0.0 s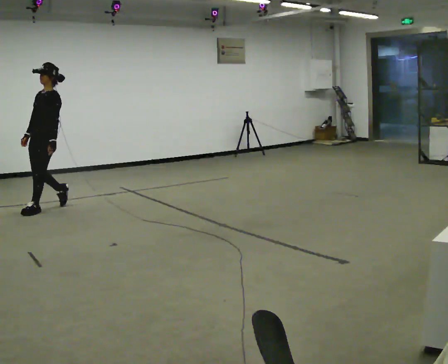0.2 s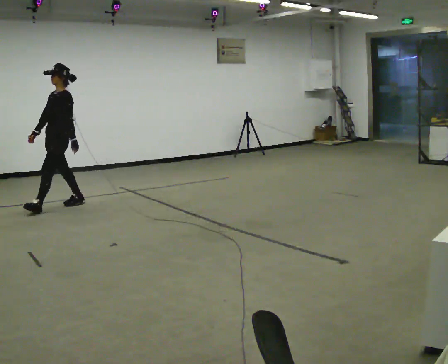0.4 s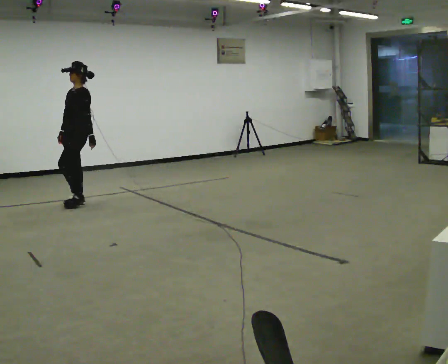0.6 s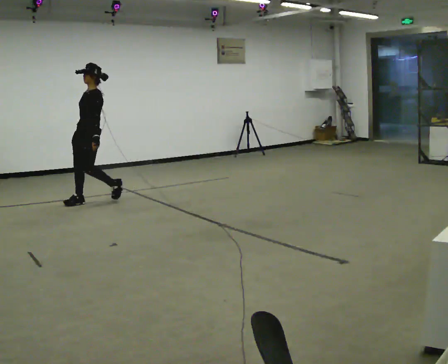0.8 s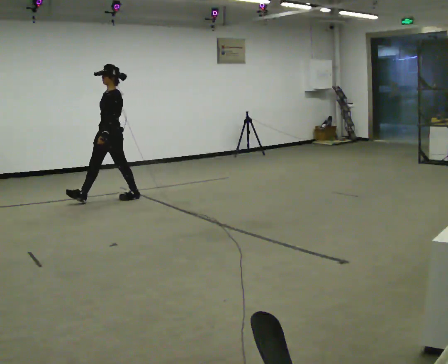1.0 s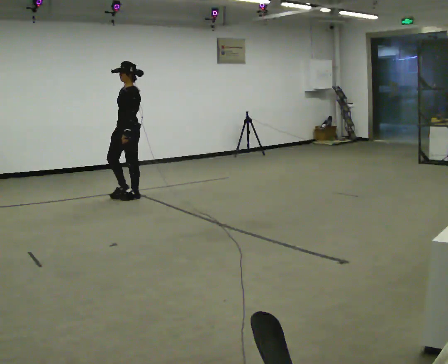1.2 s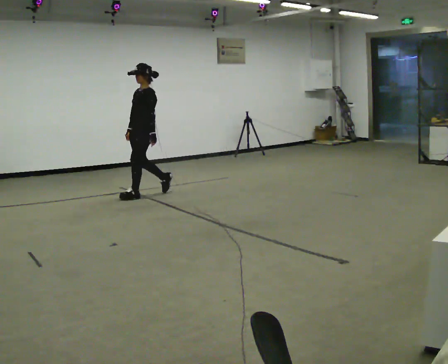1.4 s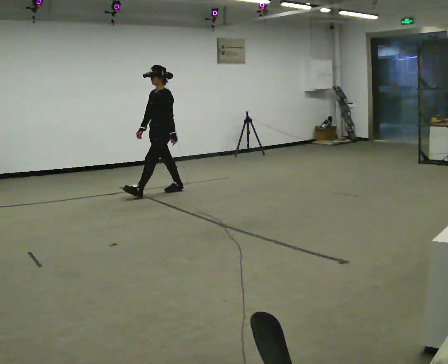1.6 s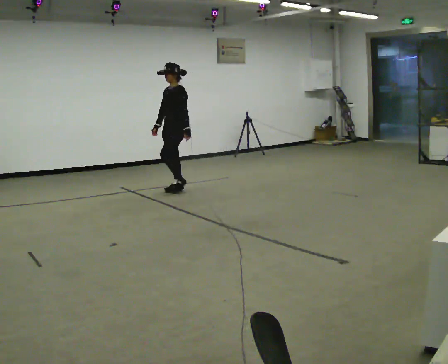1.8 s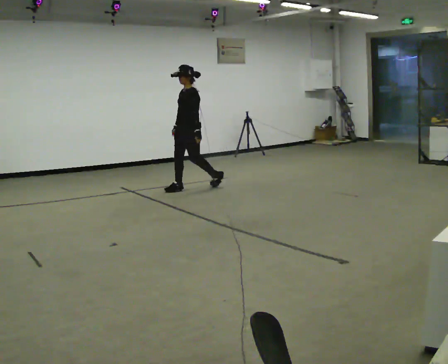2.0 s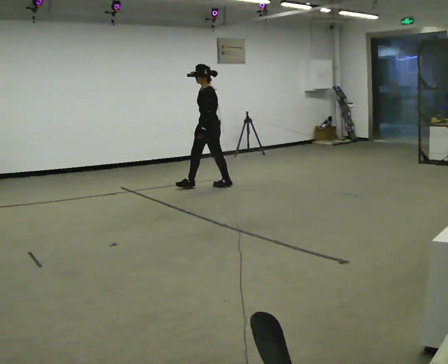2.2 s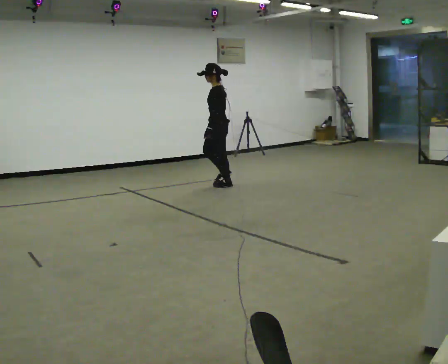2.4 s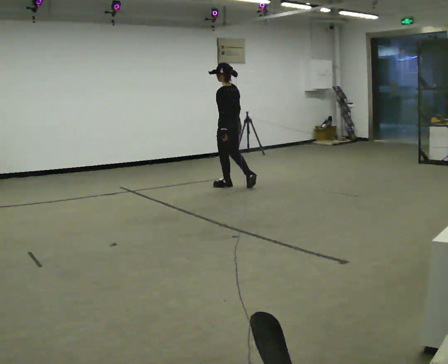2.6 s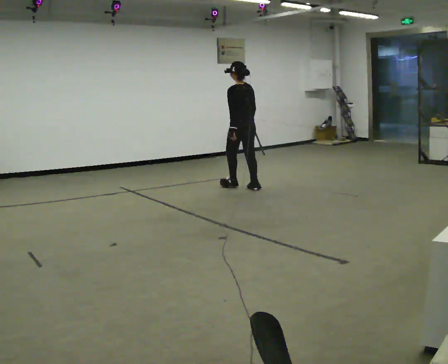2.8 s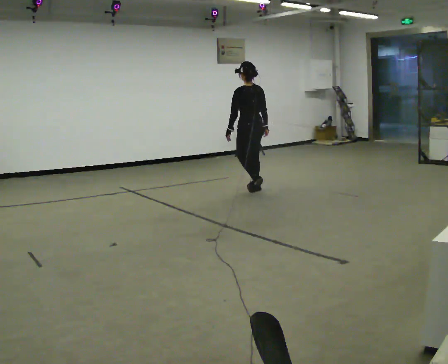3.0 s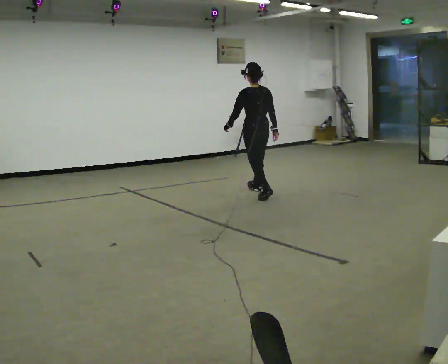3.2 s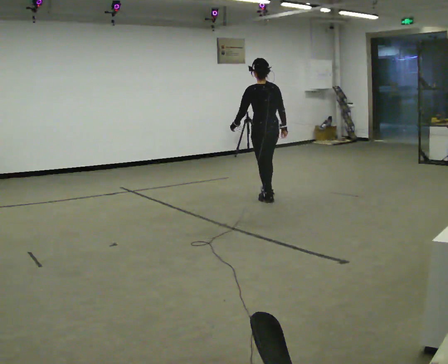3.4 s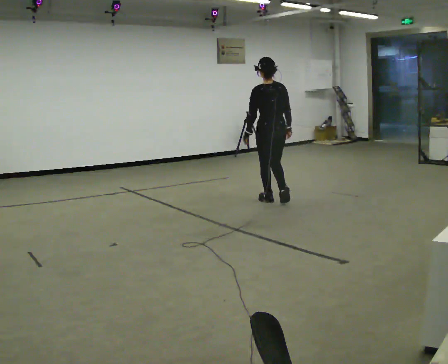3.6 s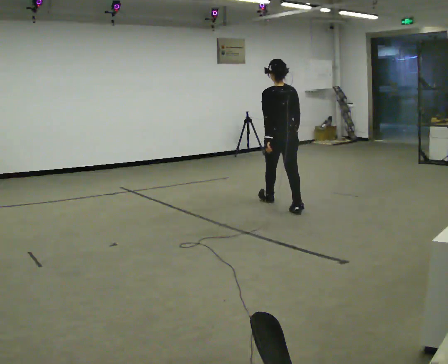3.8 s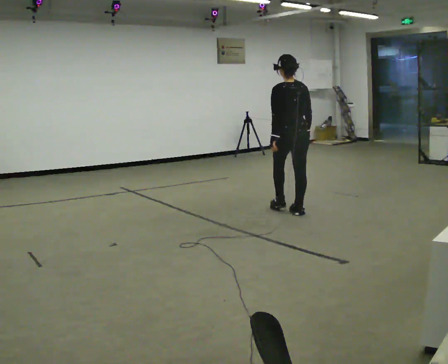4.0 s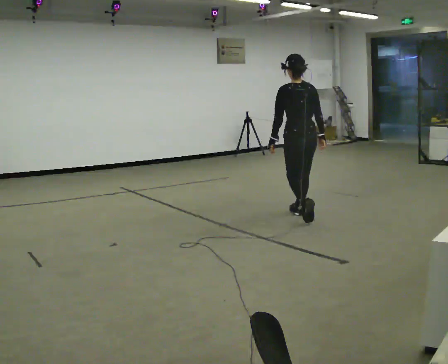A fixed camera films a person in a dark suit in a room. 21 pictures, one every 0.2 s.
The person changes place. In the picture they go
to the right.
The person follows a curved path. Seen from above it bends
clockwise.
0.0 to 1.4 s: In the picture they go to the right and away from the camera, about 1.5 m in 3 steps, which for them is backward.
1.4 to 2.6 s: The part of the body nearest the lens slides to the left as the person turns to their right by about 90 degrees. In the picture they go to the right, about 1 m in 2 steps.
2.6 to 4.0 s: In the picture they go toward the camera, about 1.5 m in 2 steps, which for them is backward.
The film runs backward here.
